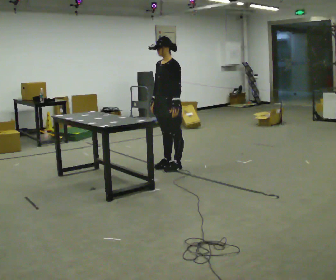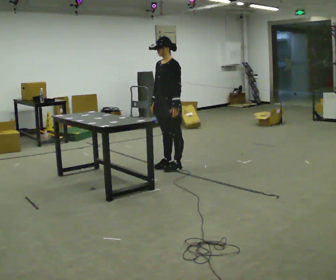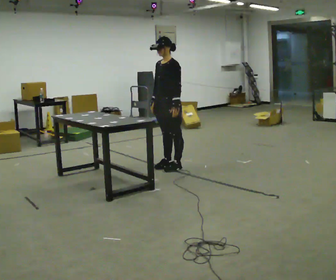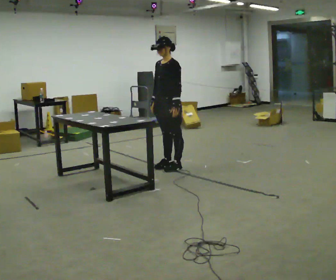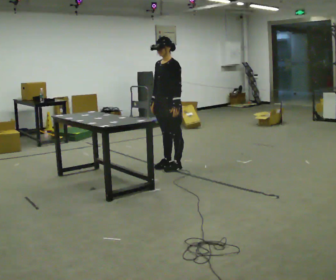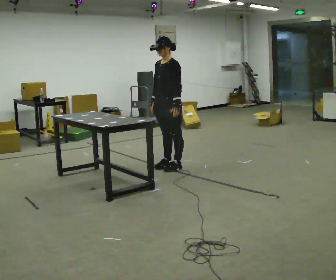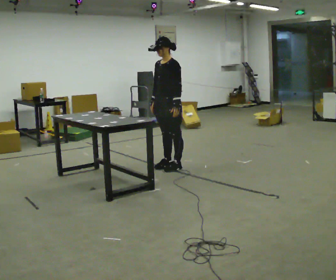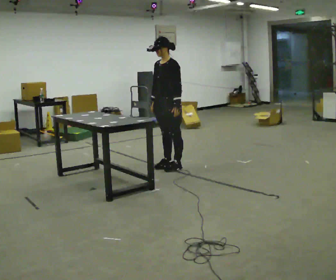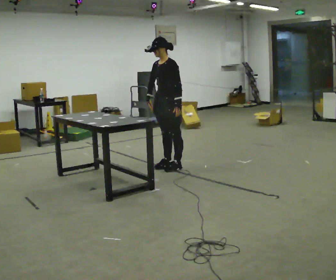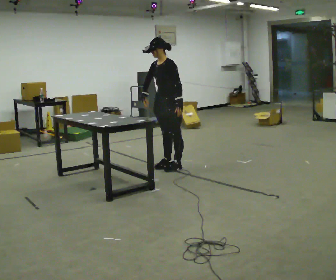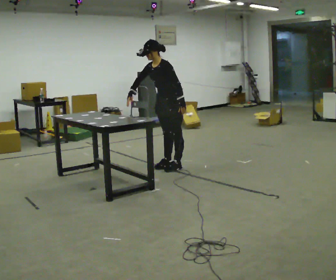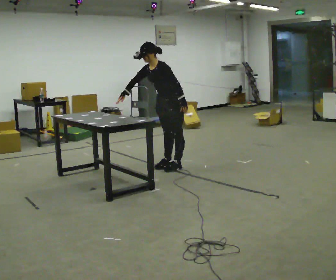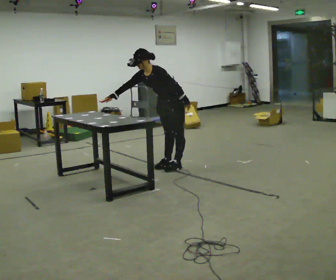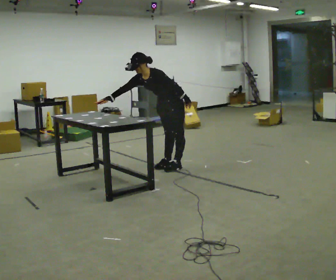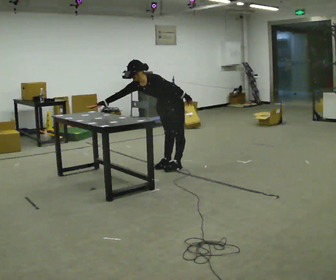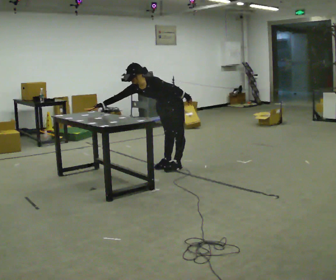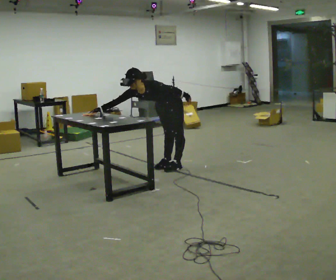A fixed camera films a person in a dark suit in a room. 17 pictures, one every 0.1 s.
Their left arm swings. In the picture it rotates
counterclockwise.
The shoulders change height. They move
downward.
0.0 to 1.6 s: The shoulders move downward. In the picture the upper body tilts counterclockwise, shoulders to the left, as they bend forward.
The film runs forward here.
